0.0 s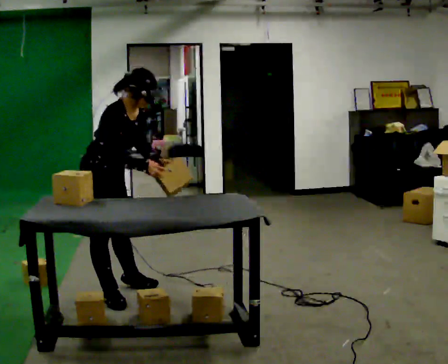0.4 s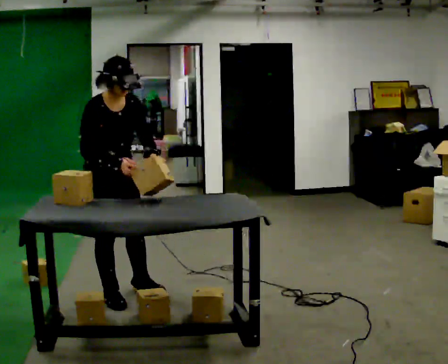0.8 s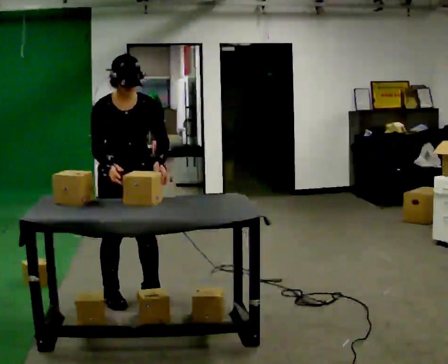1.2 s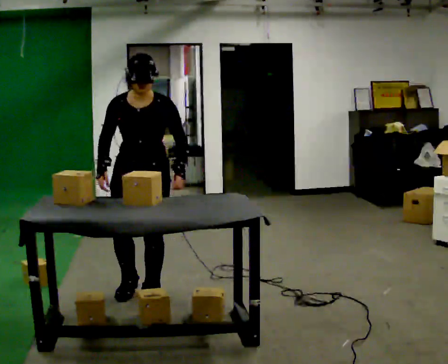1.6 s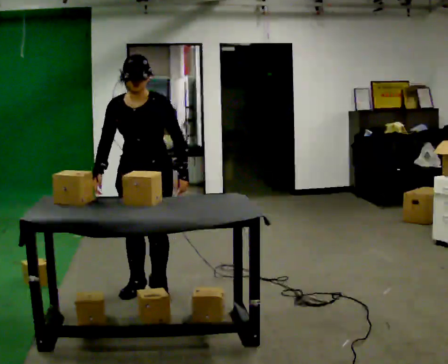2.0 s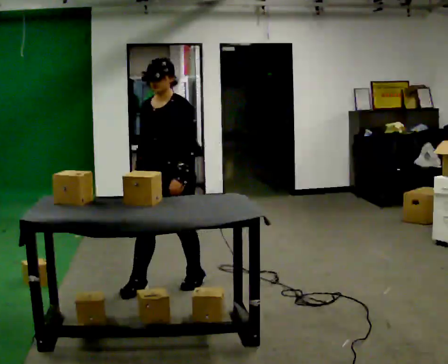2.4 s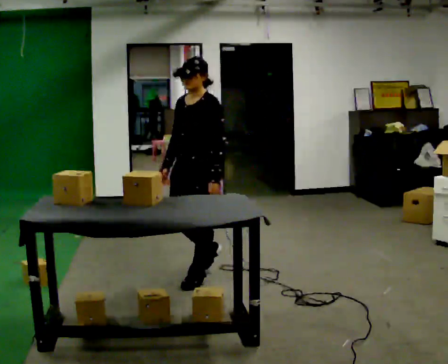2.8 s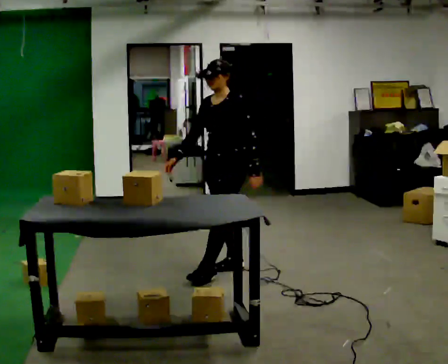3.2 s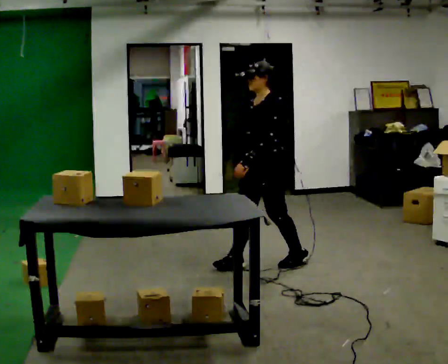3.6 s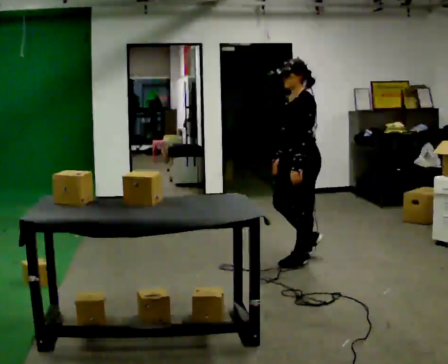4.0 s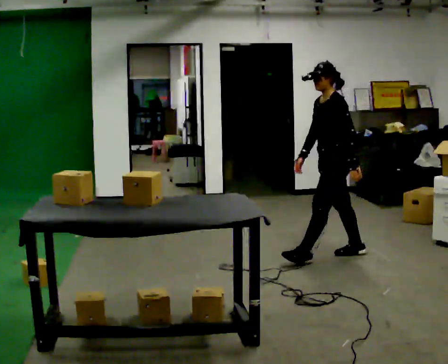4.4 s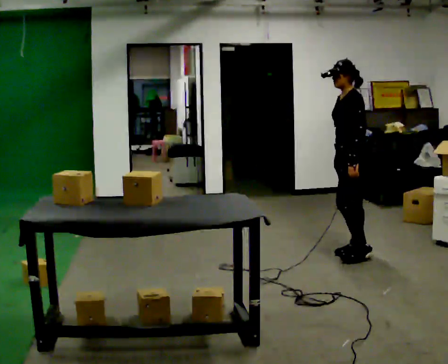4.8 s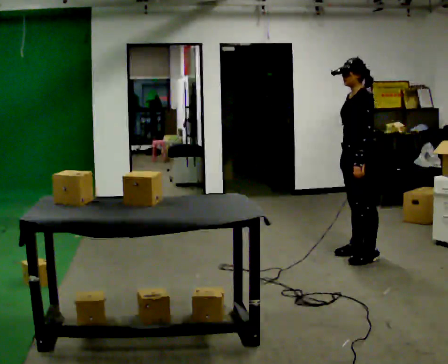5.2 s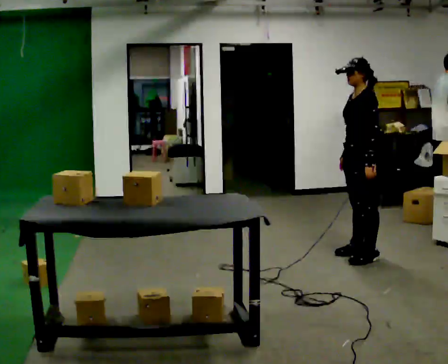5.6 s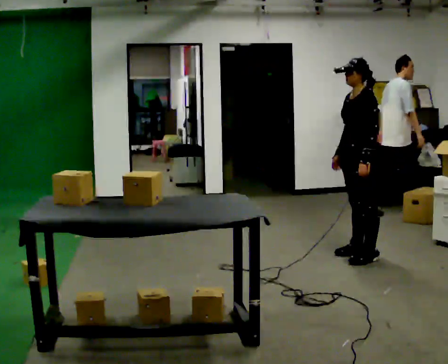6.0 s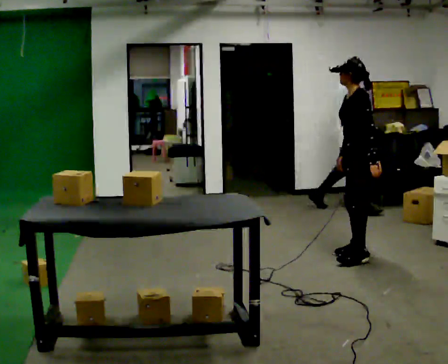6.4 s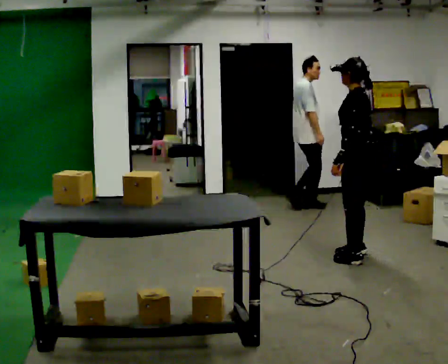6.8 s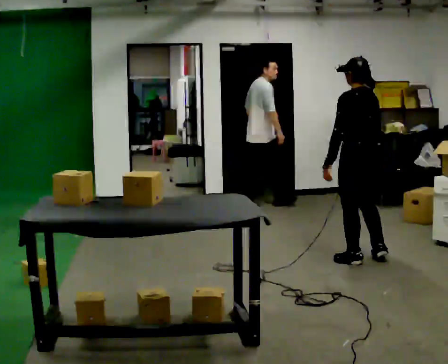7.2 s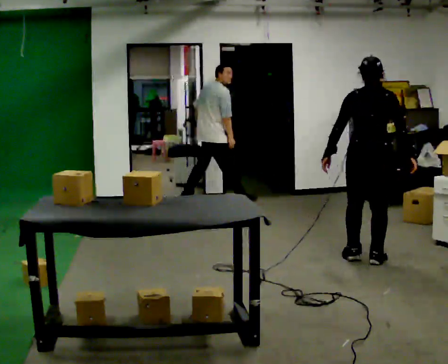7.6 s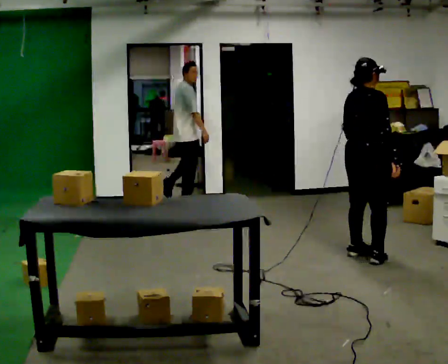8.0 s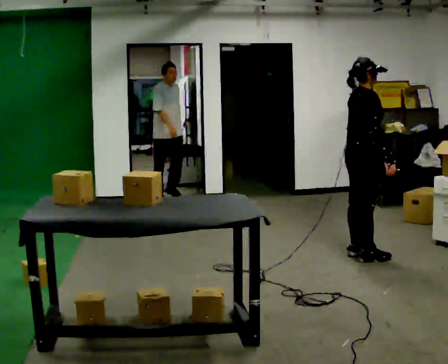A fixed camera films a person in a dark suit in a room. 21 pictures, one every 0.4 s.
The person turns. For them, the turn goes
to their right.
The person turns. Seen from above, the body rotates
clockwise.
0.0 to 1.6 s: Seen from above the body turns clockwise, about 75 degrees: to their right, with its near side sliding to the left. In the picture they go to the right and away from the camera, about 0.25 m in 3 steps. In the picture the upper body tilts counterclockwise, shoulders to the left, as they lean back or straighten.
1.6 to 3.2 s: Seen from above the body turns clockwise, about 60 degrees: to their right, with its near side sliding to the left. In the picture they go away from the camera and to the right, about 1 m in 2 steps, which for them is backward.
3.2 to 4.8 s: In the picture they go to the right and away from the camera, about 1 m in 2 steps, which for them is backward.
4.8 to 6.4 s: The person moves a little, or ends about where they began.
6.4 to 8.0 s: The person turns about 150 degrees to their right, clockwise seen from above, so the part of the body nearest the lens slides to the left.
The film runs backward here.
